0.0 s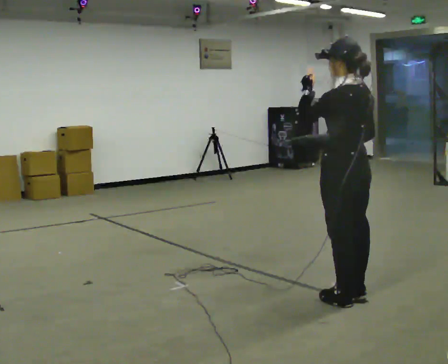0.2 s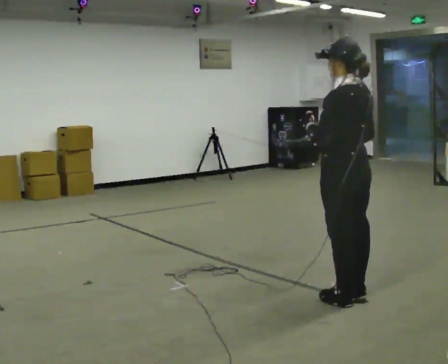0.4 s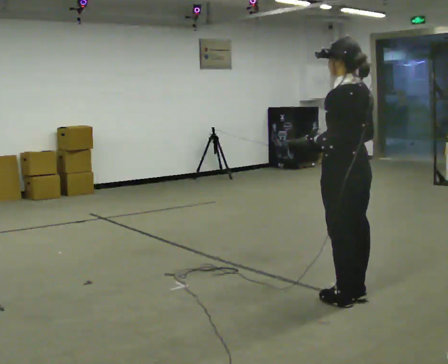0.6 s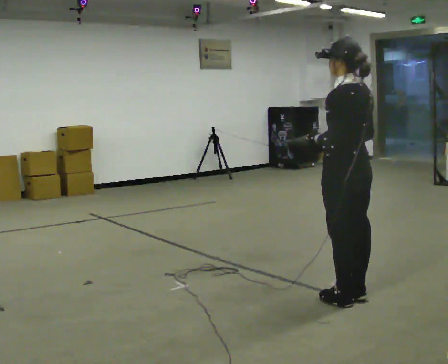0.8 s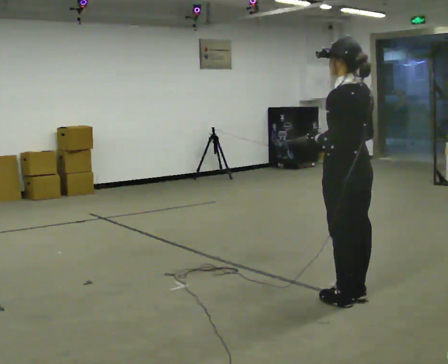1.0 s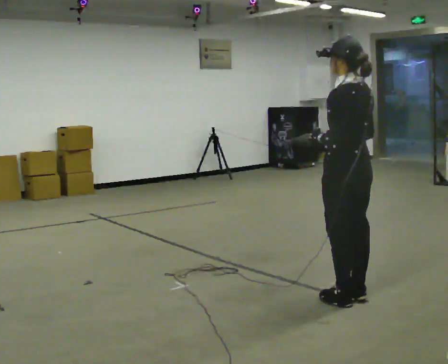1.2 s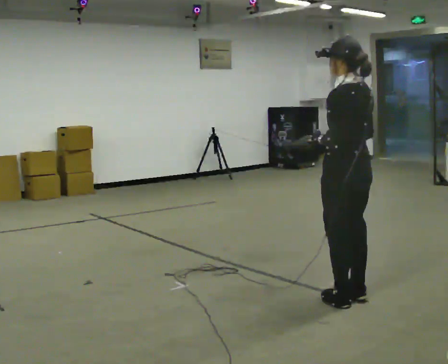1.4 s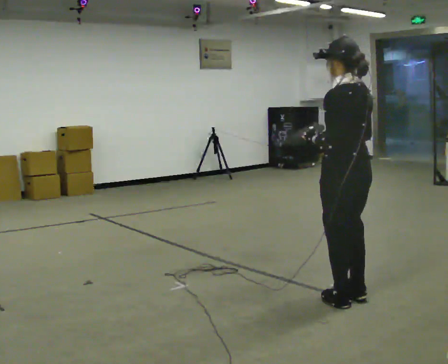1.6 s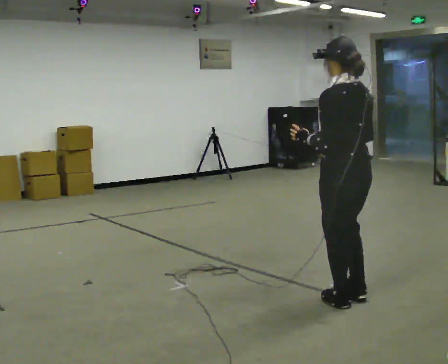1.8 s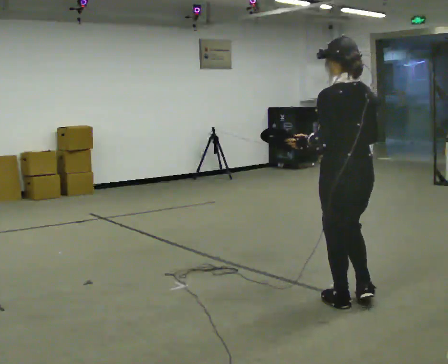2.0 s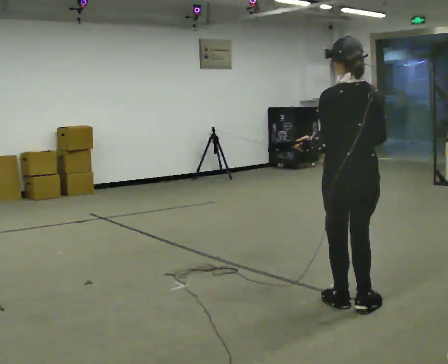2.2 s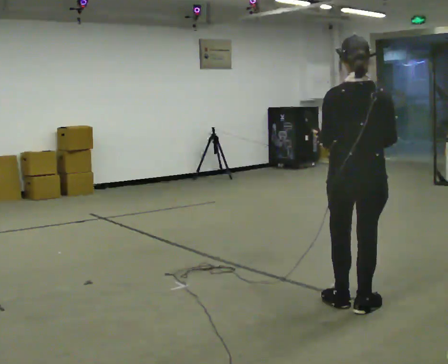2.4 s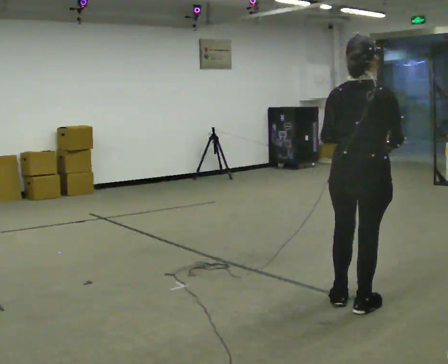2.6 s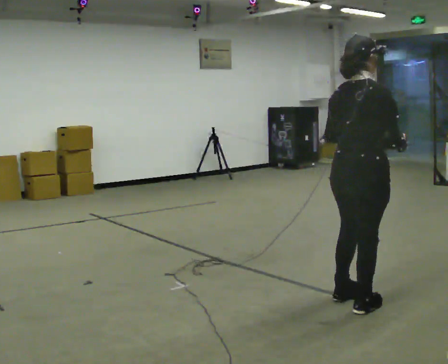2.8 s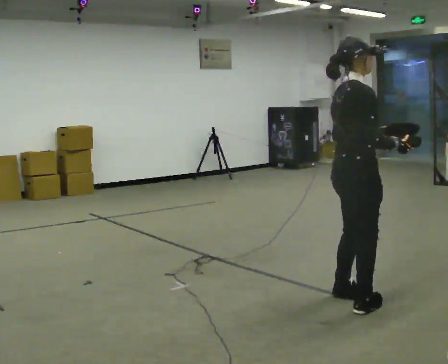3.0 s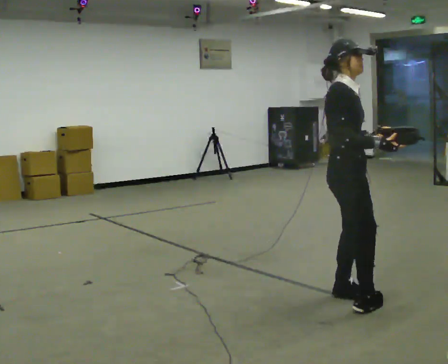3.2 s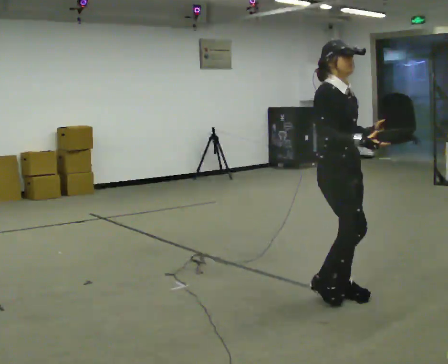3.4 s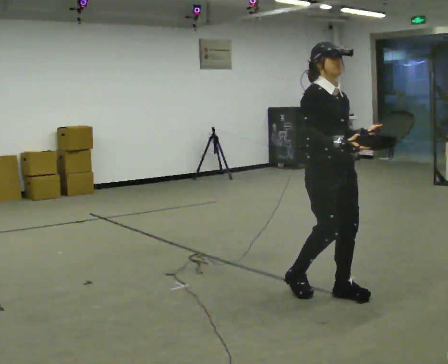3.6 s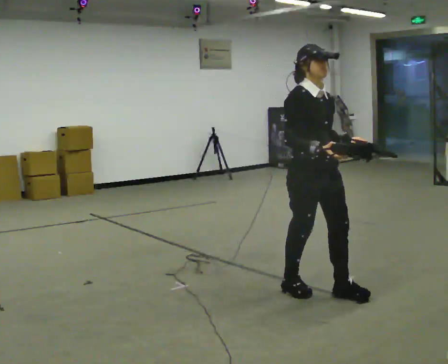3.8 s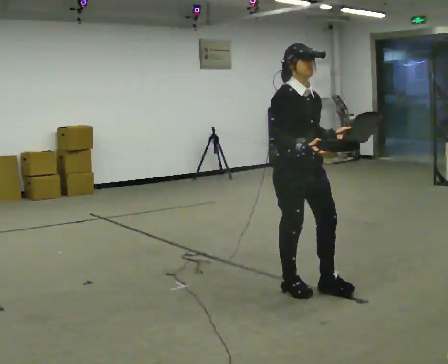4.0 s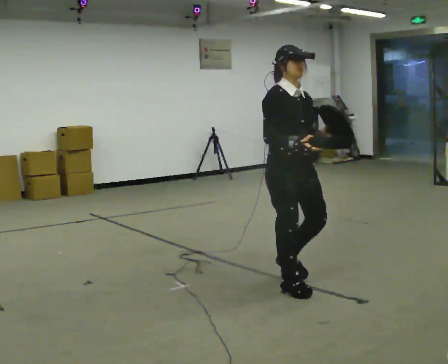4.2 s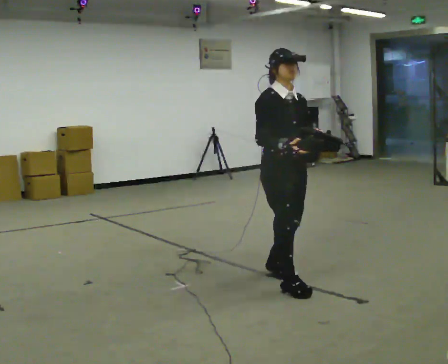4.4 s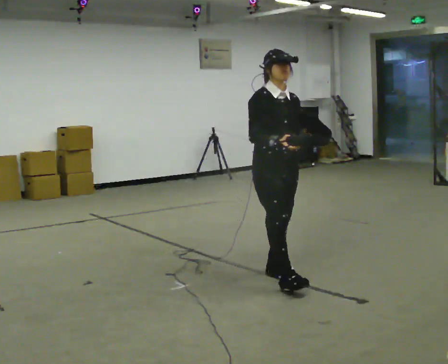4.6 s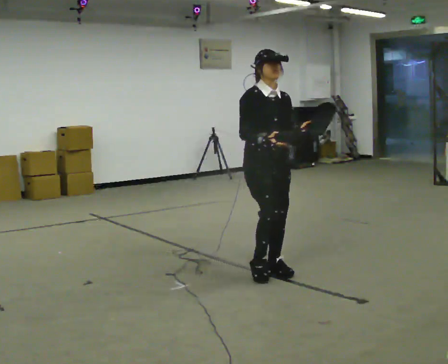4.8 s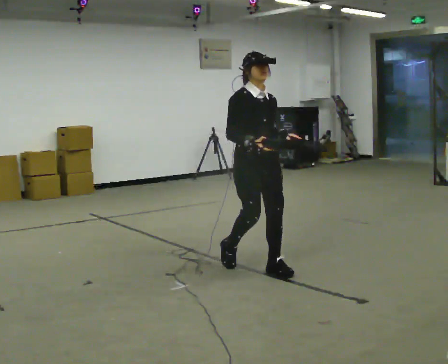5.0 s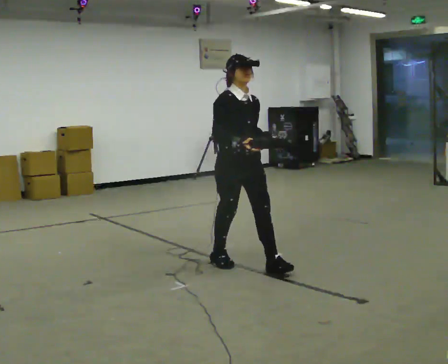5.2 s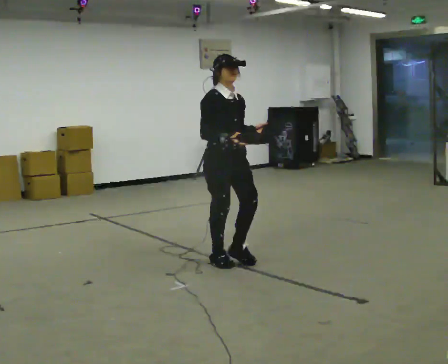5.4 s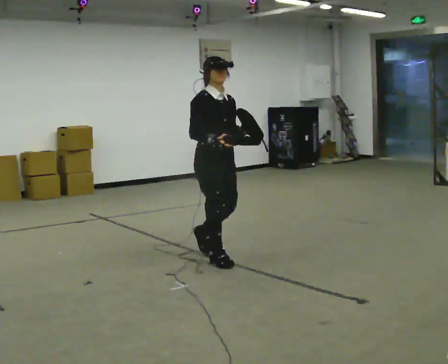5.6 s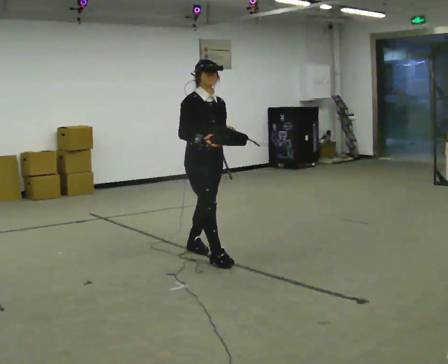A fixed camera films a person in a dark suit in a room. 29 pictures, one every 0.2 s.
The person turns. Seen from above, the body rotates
clockwise.
The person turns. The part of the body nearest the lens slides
to the left.
0.0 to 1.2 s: In the picture their left hand goes downward.
1.2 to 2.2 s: The person turns about 45 degrees to their right, clockwise seen from above, so the part of the body nearest the lens slides to the left.
2.2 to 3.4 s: Seen from above the body turns clockwise, about 135 degrees: to their right, with its near side sliding to the left. In the picture they go away from the camera and to the left, about 0.25 m in 2 steps.
3.4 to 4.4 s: In the picture they go to the left and away from the camera, about 0.5 m in 2 steps, which for them is backward.
4.4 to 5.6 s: In the picture they go to the left and away from the camera, about 1 m in 1 step, which for them is backward.
The film runs backward here.
